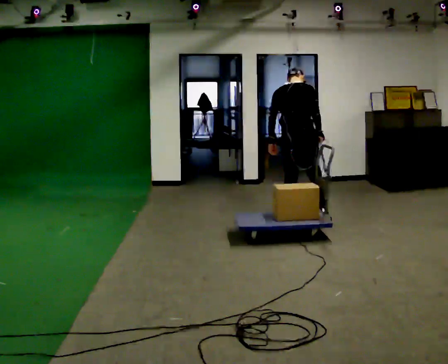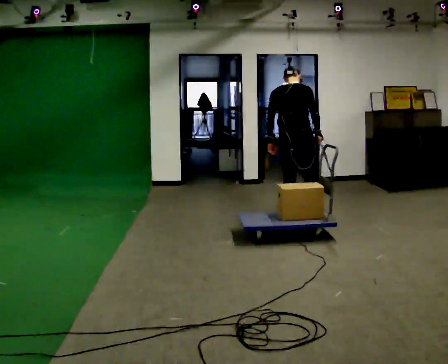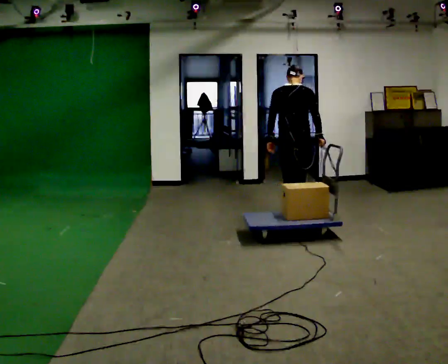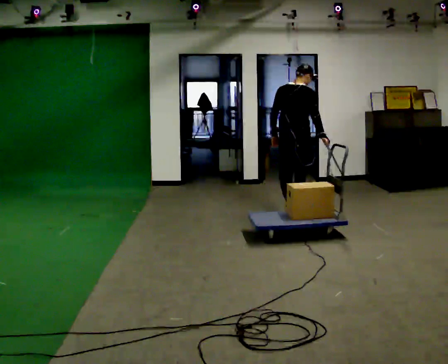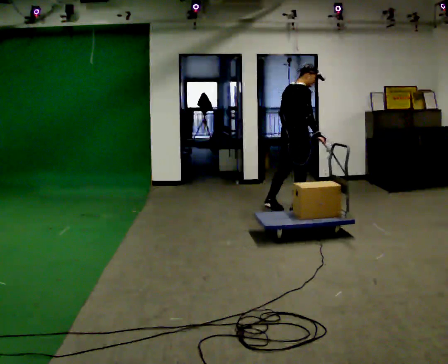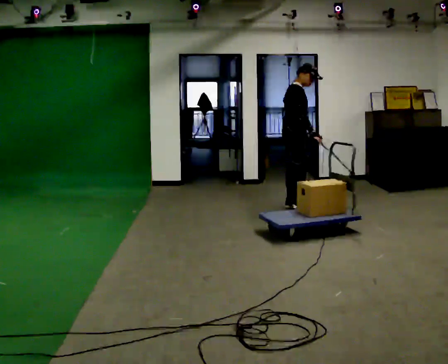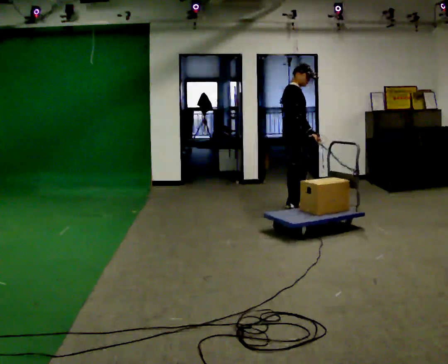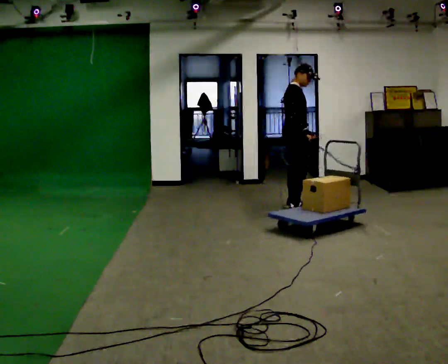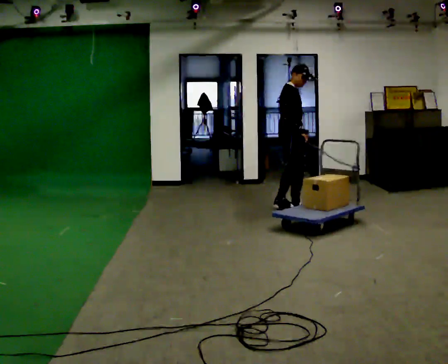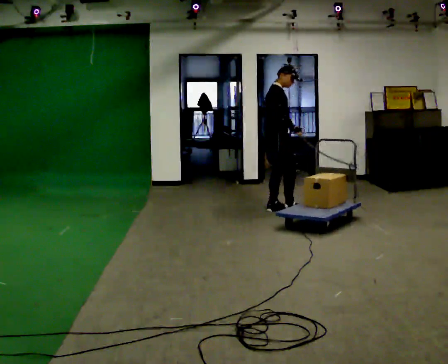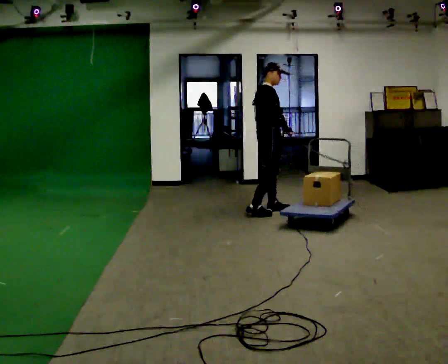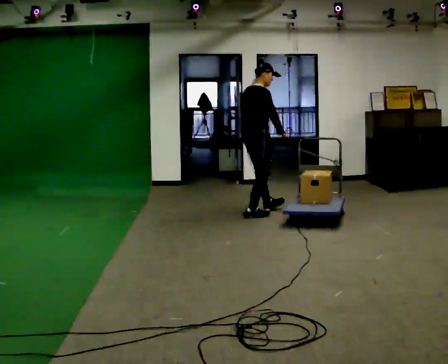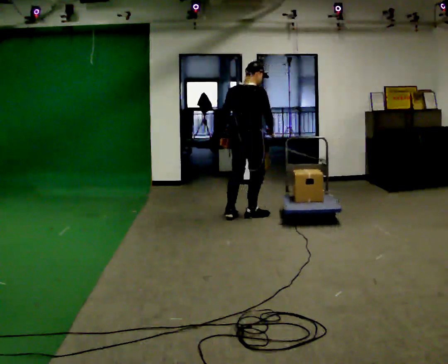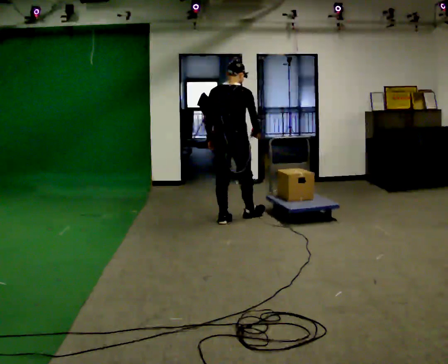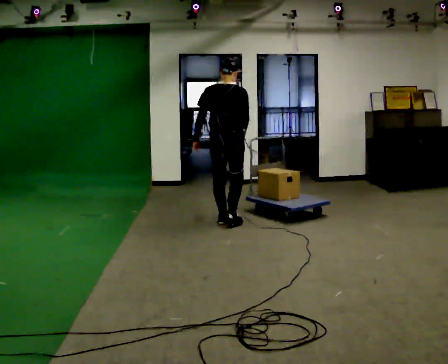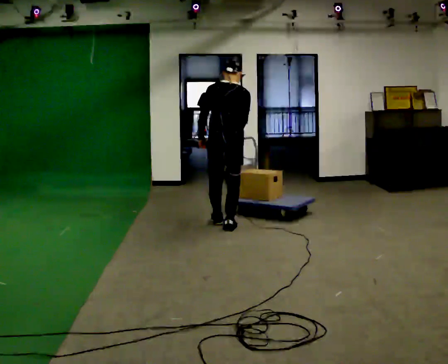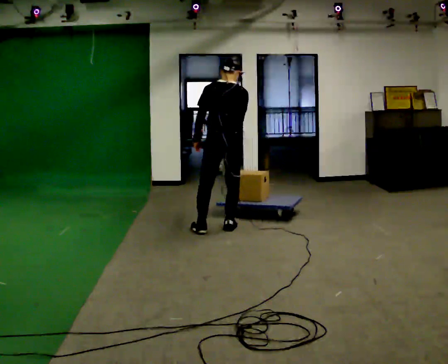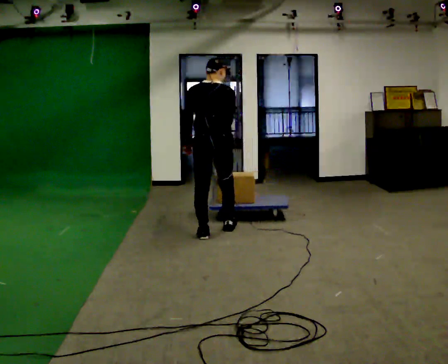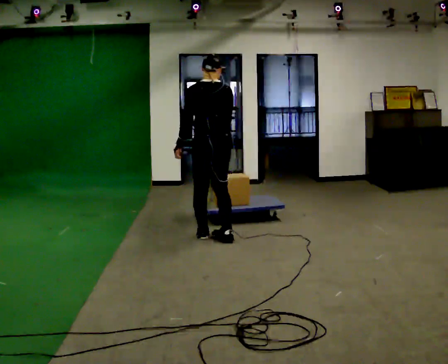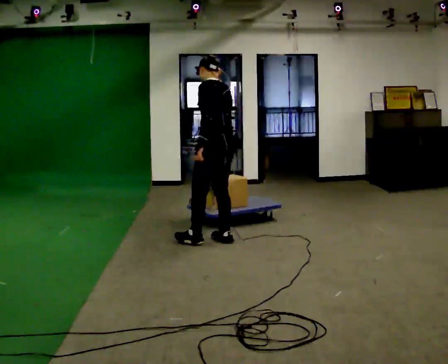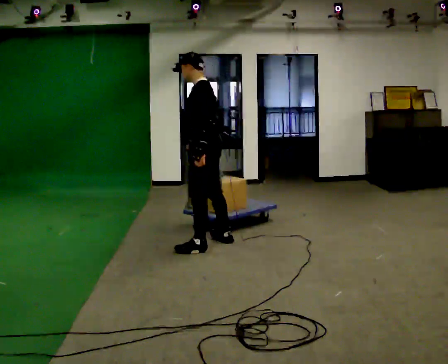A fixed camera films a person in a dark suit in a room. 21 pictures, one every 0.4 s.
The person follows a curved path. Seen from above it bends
counterclockwise.
0.0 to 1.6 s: The part of the body nearest the lens slides to the left as the person turns to their right by about 30 degrees. In the picture they go away from the camera, about 0.5 m in 1 step, which for them is forward.
1.6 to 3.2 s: The person turns about 30 degrees to their right, clockwise seen from above, so the part of the body nearest the lens slides to the left.
3.2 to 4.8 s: The part of the body nearest the lens slides to the right as the person turns to their left by about 60 degrees. In the picture they go to the left and toward the camera, about 0.5 m in 2 steps, which for them is backward and to their right.
4.8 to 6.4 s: Seen from above the body turns counterclockwise, about 45 degrees: to their left, with its near side sliding to the right. In the picture they go toward the camera, about 0.5 m in 2 steps, which for them is backward.
6.4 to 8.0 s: The part of the body nearest the lens slides to the right as the person turns to their left by about 75 degrees. In the picture they go toward the camera, about 0.5 m in 3 steps.
The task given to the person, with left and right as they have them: Stand side-on to the sled and drag it towards you step by step, moving sideways. The operator will log the load and the peak reading on the scale for every take.
The film runs forward here.
